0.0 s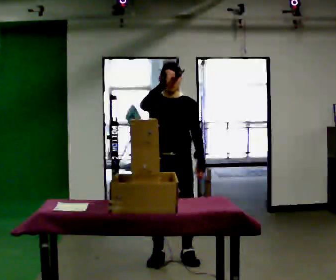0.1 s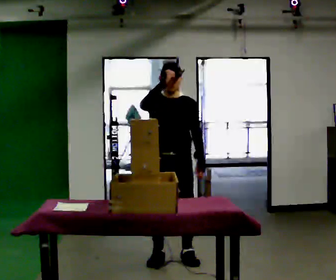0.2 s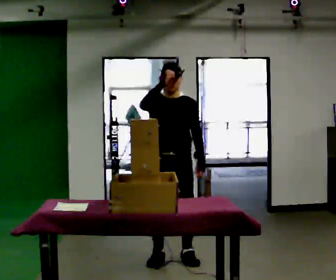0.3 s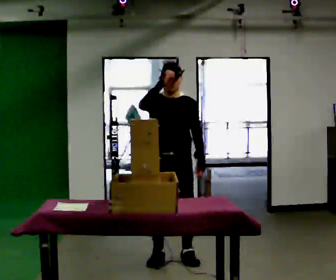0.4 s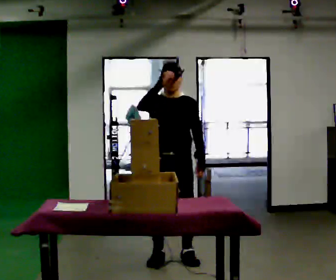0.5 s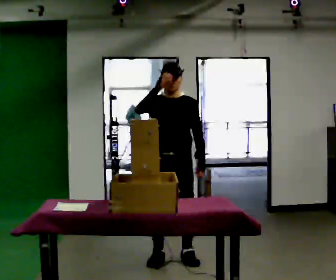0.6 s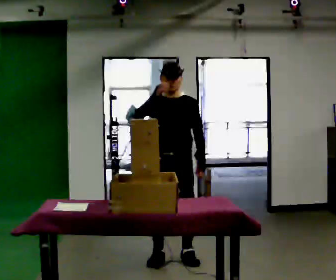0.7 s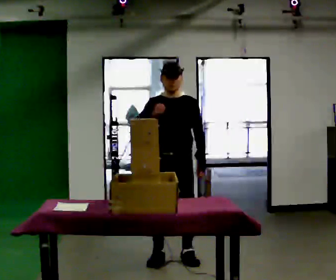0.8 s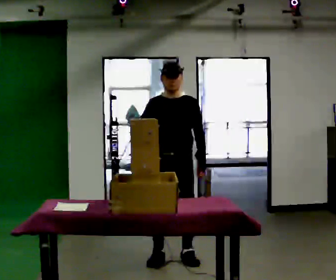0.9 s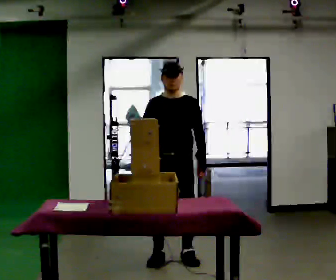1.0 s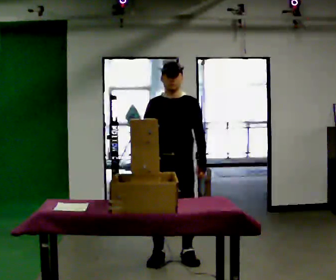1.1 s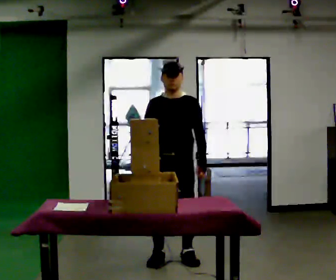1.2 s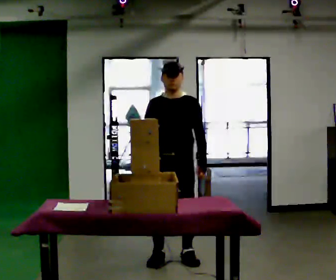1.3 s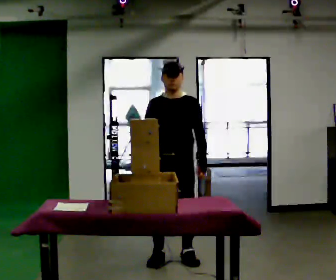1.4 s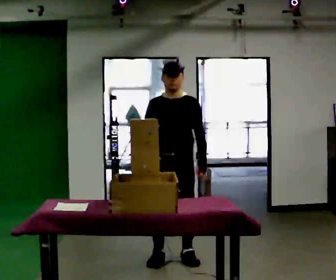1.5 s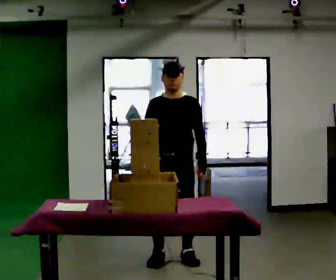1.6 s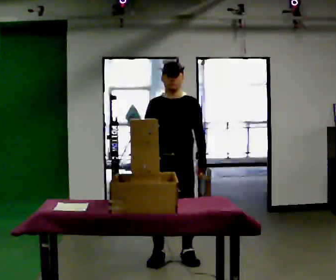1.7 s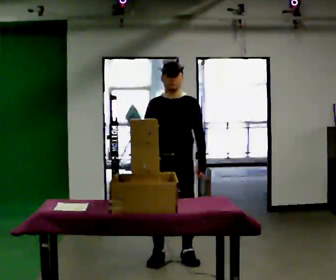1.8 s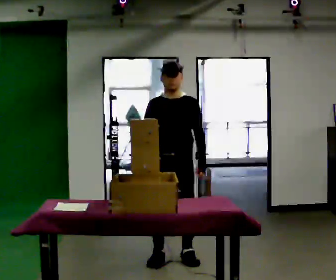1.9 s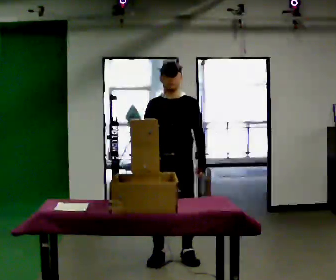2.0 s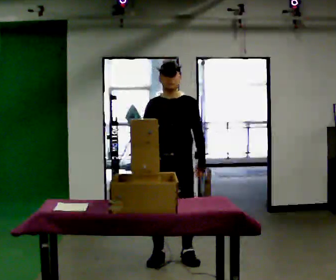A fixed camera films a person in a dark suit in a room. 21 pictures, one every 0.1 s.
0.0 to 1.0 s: In the picture their right hand goes downward.
1.0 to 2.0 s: The person moves a little, or ends about where they began.
The film runs backward here.
